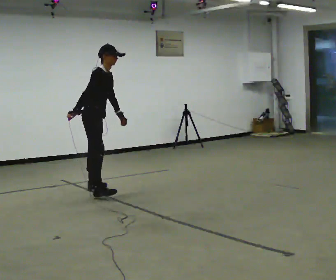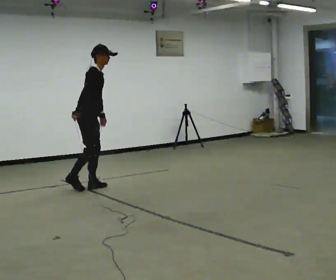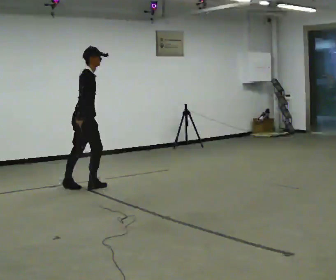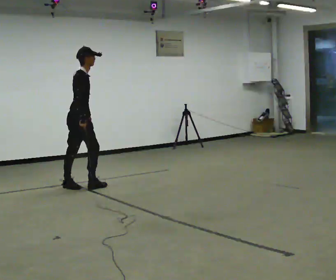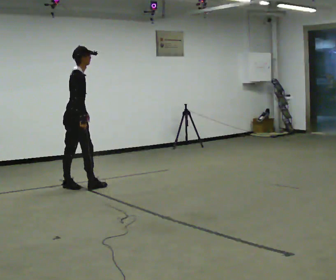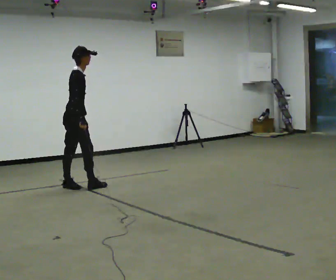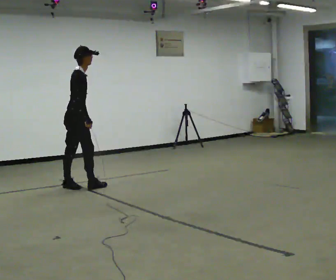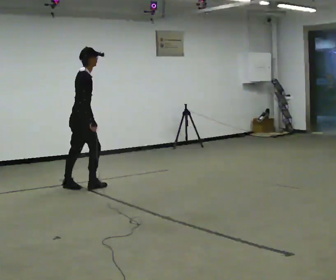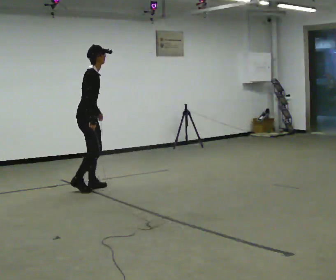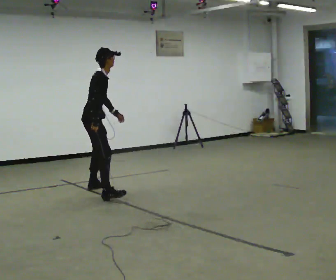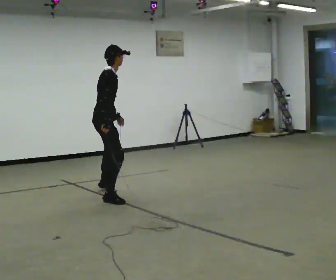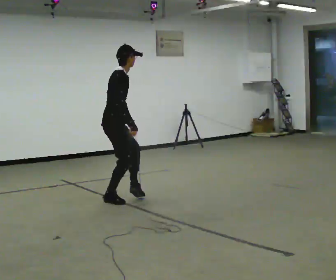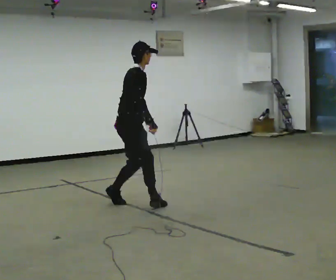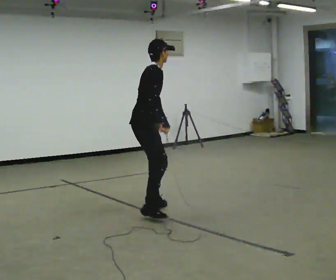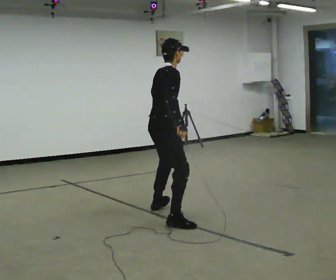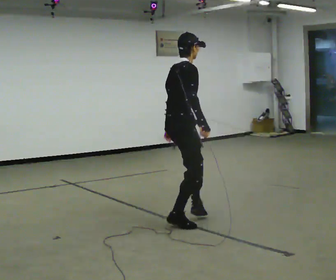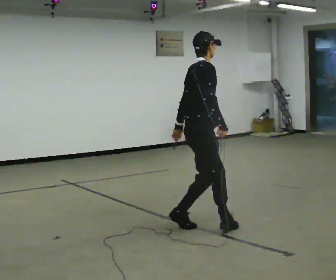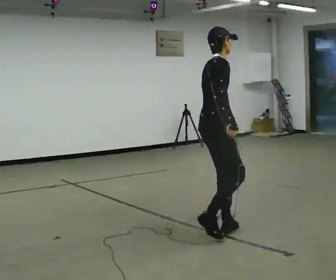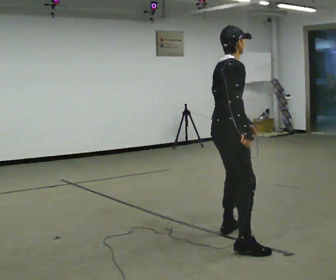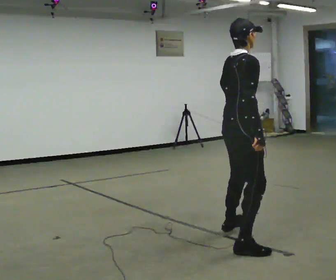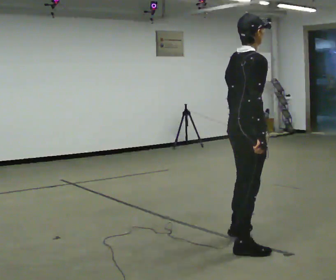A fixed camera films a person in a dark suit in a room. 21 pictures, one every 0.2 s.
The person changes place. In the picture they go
toward the camera.
0.0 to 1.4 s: In the picture they go away from the camera and to the left, about 0.25 m, which for them is backward and to their left.
1.4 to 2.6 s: In the picture they go toward the camera and to the right, about 1.5 m in 3 steps, which for them is to their right and forward.
2.6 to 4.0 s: In the picture they go toward the camera and to the right, about 1.5 m in 3 steps, which for them is to their right and forward.
The film runs backward here.
